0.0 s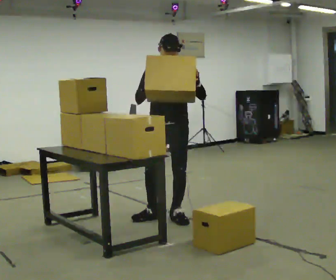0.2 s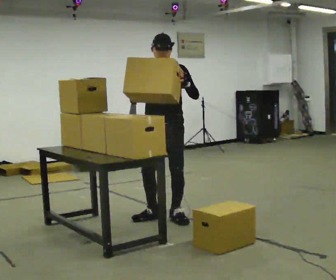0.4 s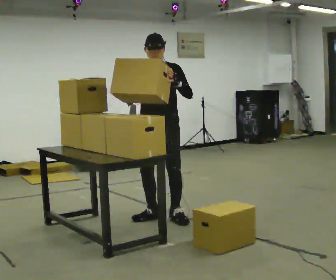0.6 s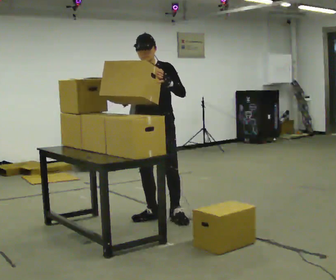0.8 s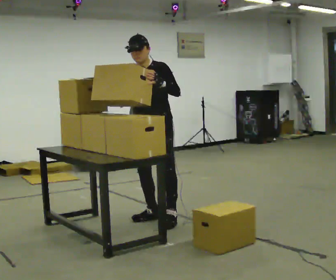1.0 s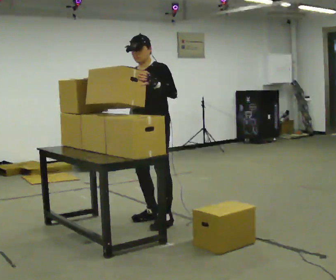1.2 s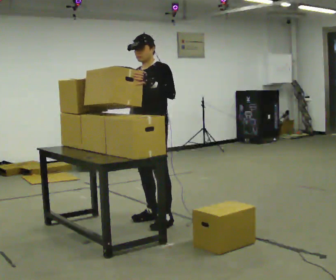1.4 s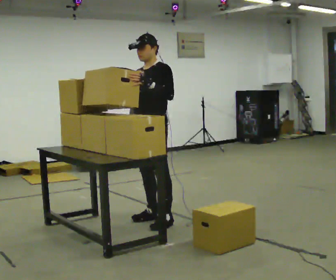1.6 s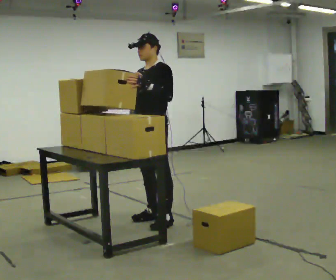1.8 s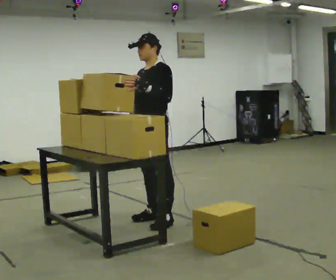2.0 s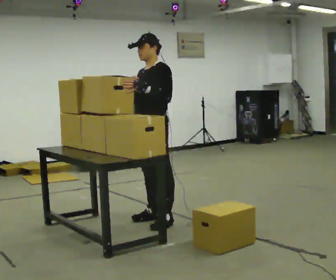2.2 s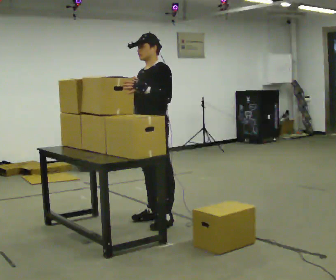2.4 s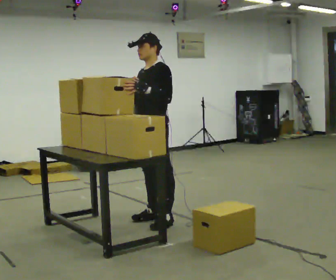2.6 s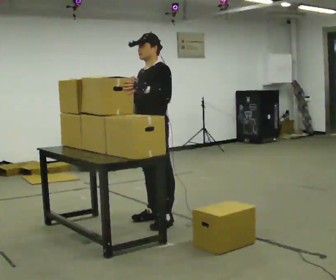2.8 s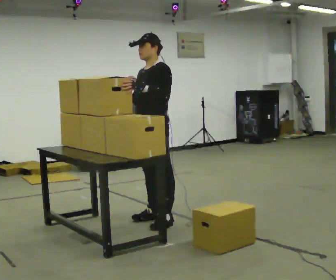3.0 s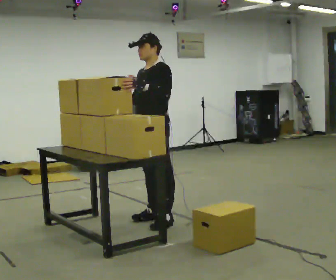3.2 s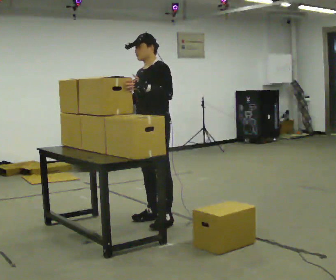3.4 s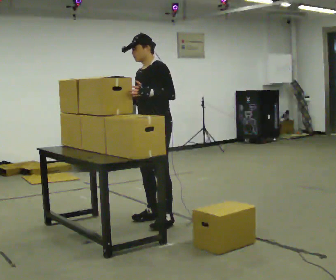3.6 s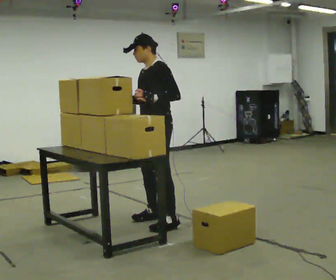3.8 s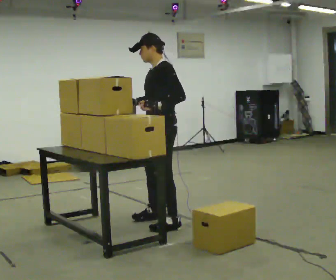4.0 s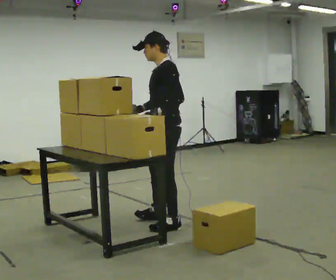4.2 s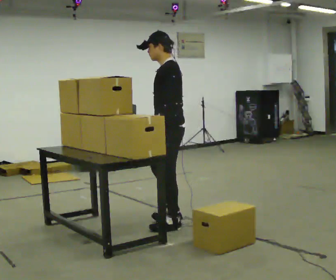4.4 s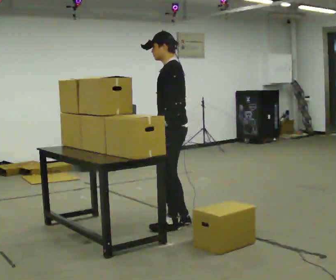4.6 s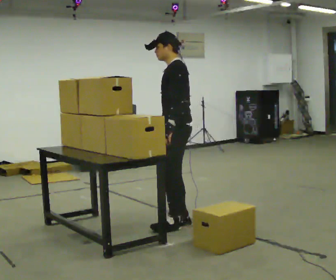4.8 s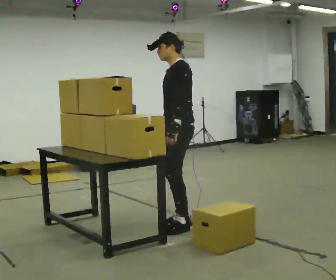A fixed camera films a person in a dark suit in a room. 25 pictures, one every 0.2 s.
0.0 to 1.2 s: The part of the body nearest the lens slides to the left as the person turns to their right by about 45 degrees. In the picture their left hand goes to the left.
1.2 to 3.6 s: The person moves a little, or ends about where they began.
3.6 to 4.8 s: In the picture they go to the right and toward the camera, about 0.25 m in 2 steps, which for them is backward and to their left.
The film runs backward here.
